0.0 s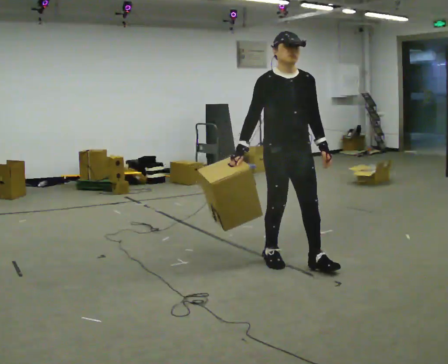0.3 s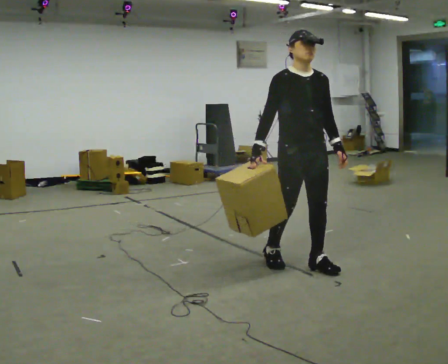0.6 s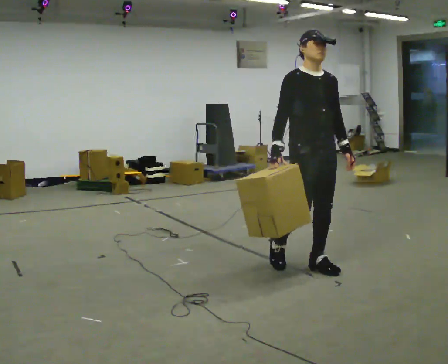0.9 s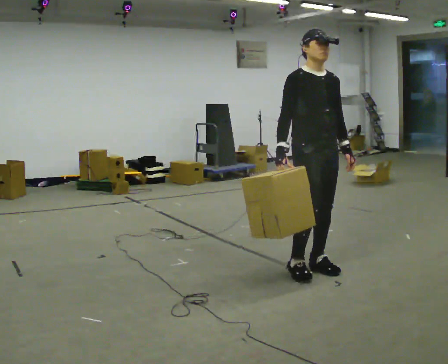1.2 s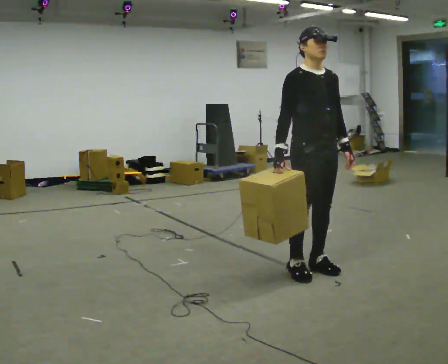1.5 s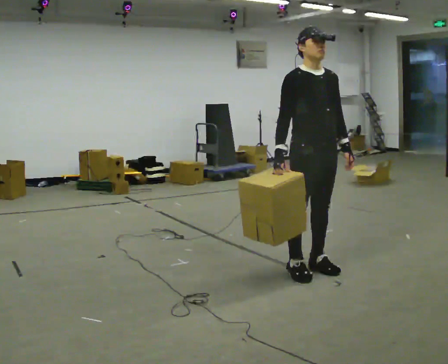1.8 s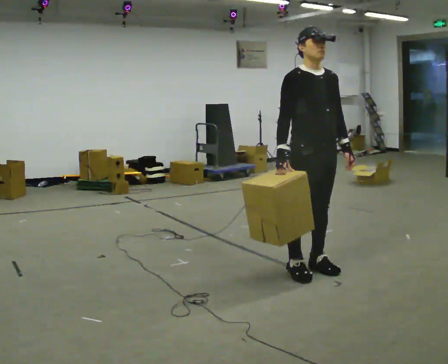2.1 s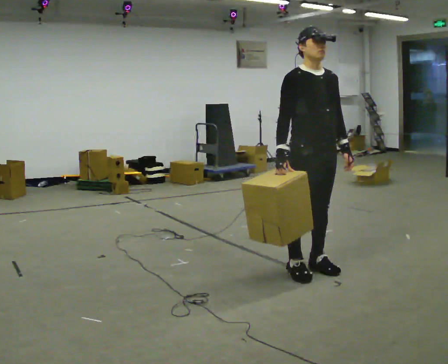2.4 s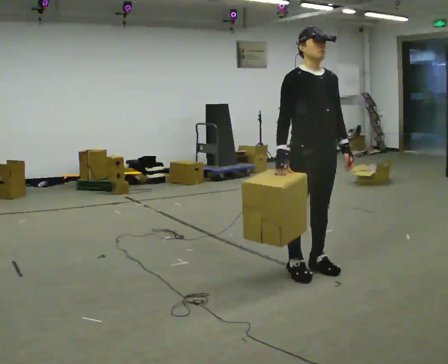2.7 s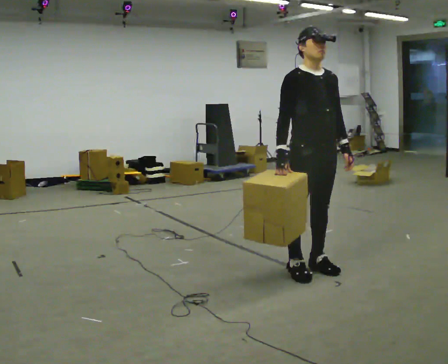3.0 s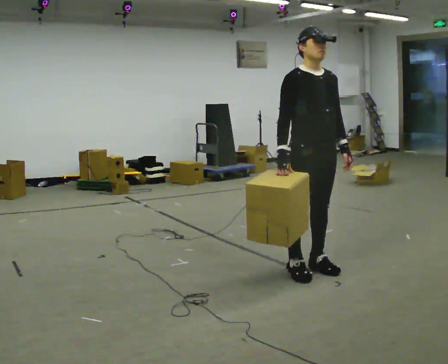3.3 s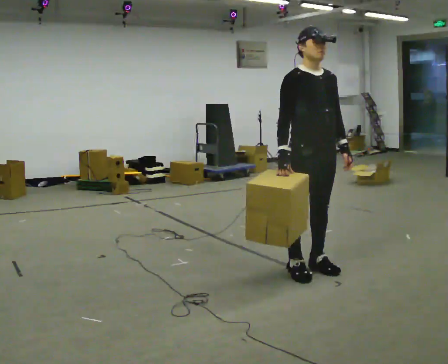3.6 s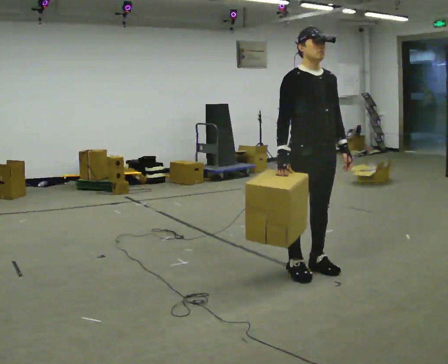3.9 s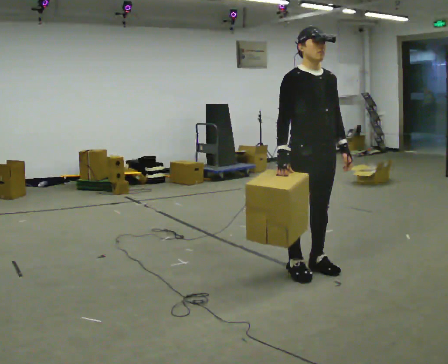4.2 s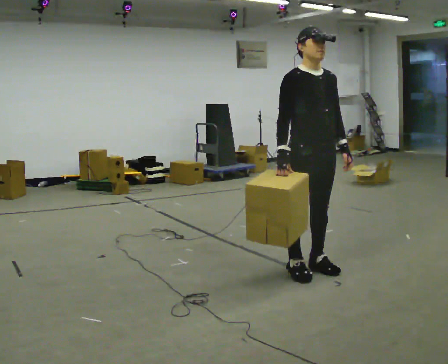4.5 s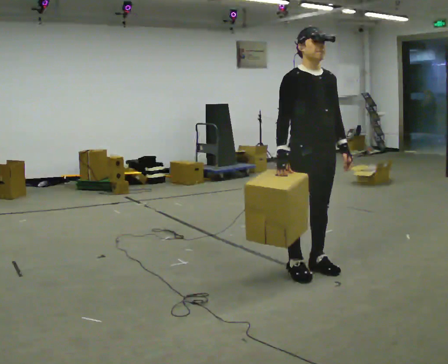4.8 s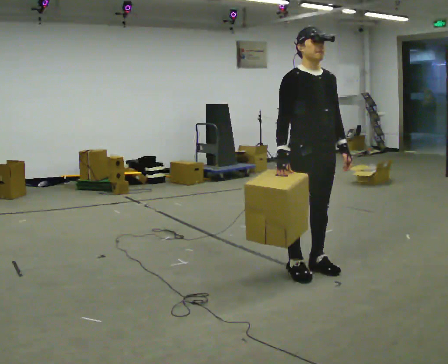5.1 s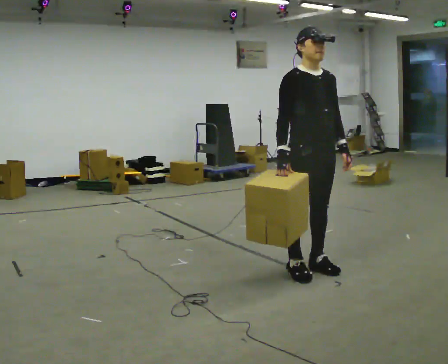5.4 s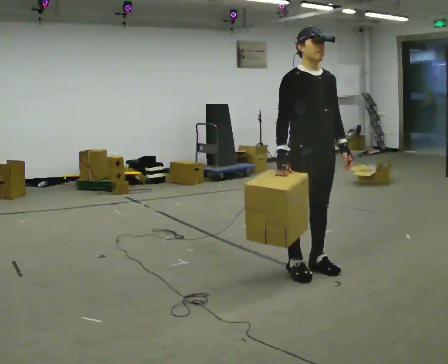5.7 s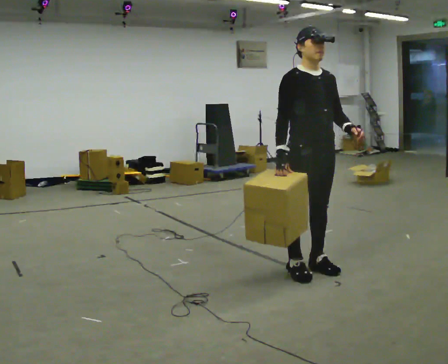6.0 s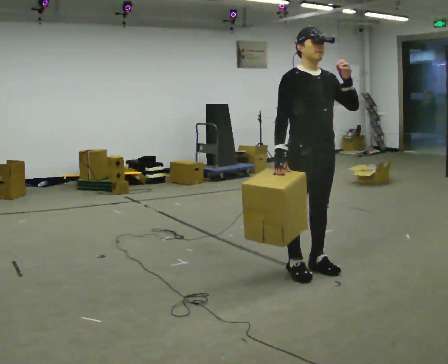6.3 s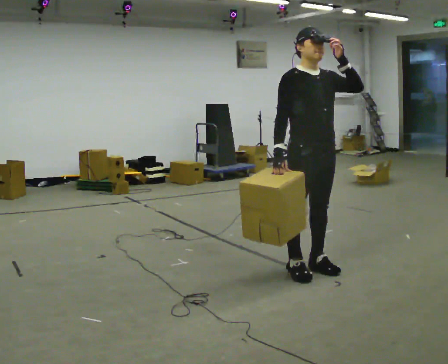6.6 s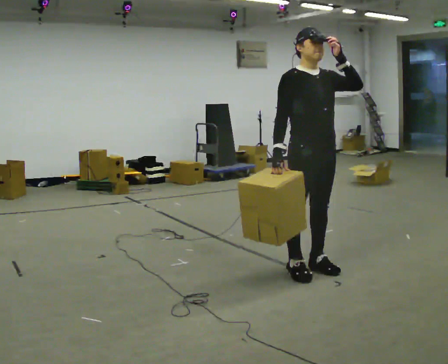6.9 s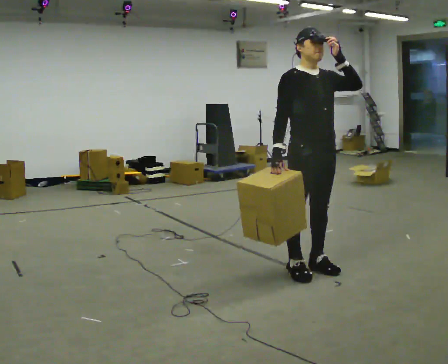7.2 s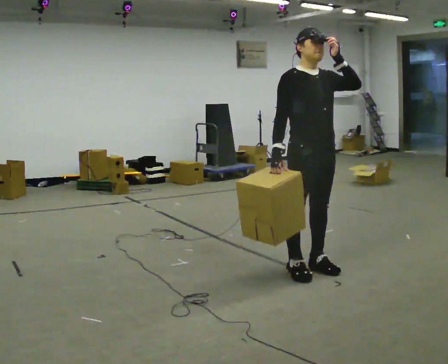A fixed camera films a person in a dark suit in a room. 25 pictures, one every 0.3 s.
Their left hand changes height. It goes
upward.
0.0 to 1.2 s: In the picture they go toward the camera and to the right, about 0.25 m in 1 step, which for them is forward.
1.2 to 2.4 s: The person moves a little, or ends about where they began.
2.4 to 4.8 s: The person keeps their place and pose.
4.8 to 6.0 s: In the picture their left hand goes upward.
6.0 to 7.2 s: The person moves a little, or ends about where they began.
The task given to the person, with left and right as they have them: Carry the object in the hand the operator calls, down at your side, walking back and forth across the room.
The film runs forward here.
